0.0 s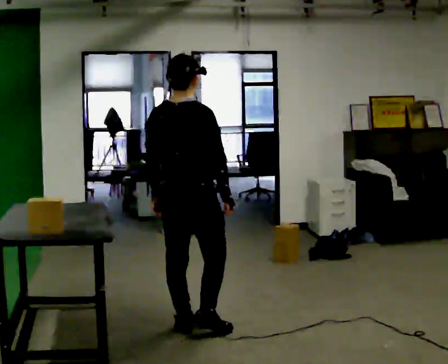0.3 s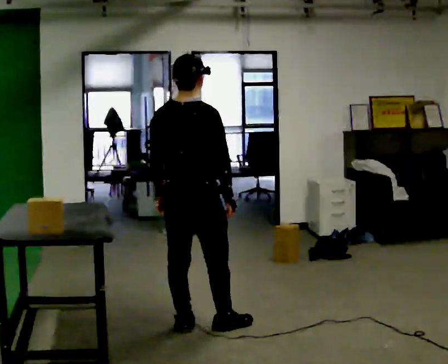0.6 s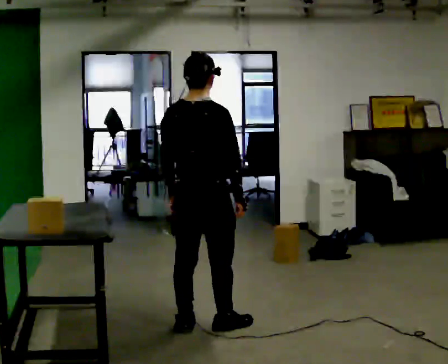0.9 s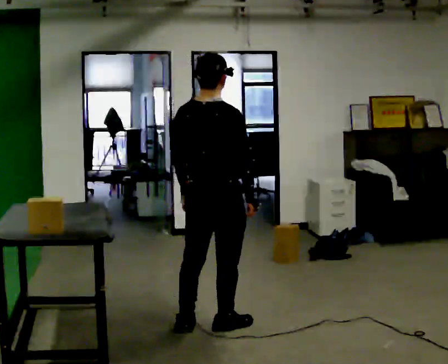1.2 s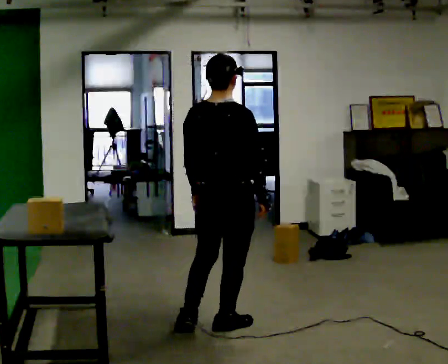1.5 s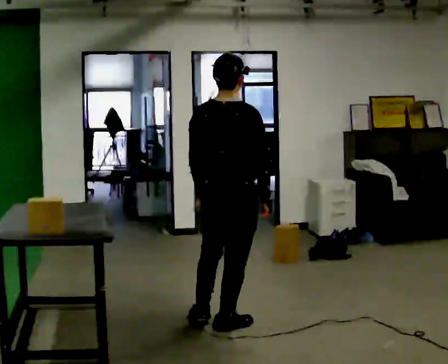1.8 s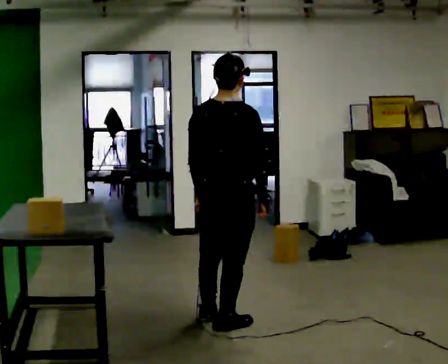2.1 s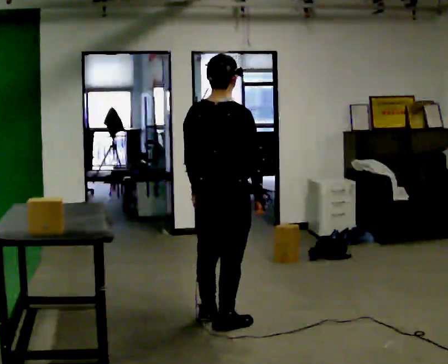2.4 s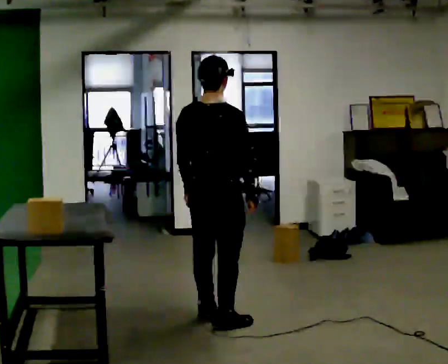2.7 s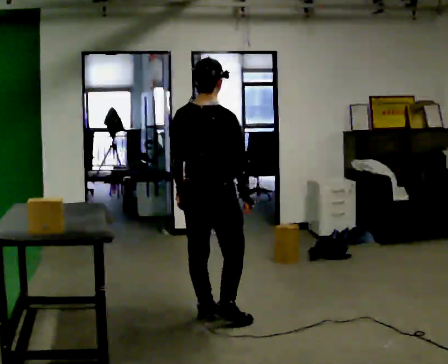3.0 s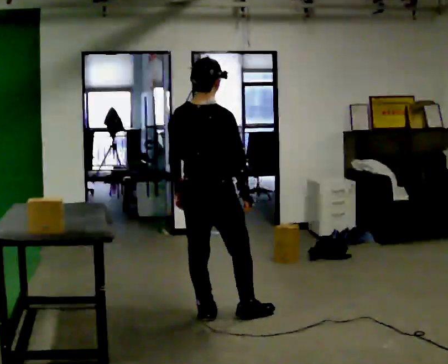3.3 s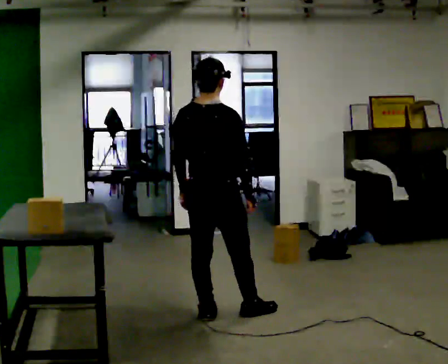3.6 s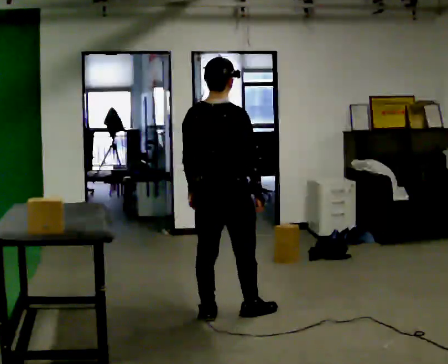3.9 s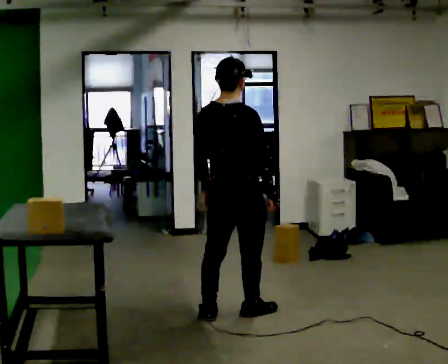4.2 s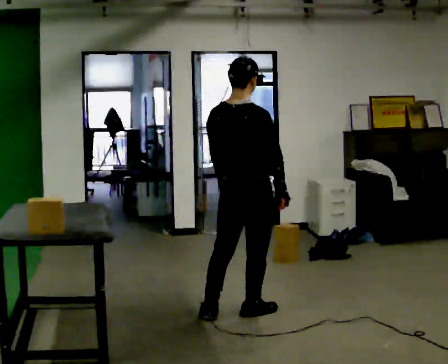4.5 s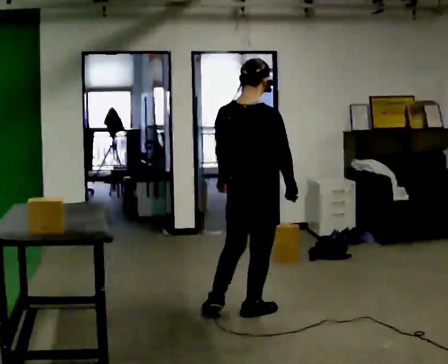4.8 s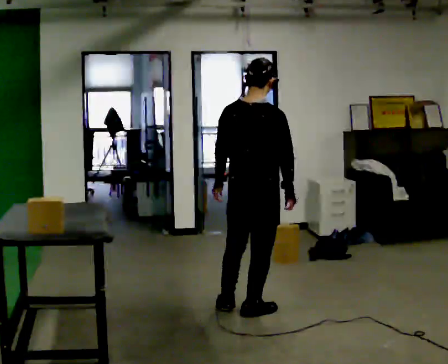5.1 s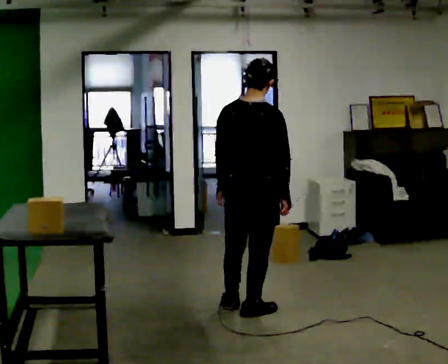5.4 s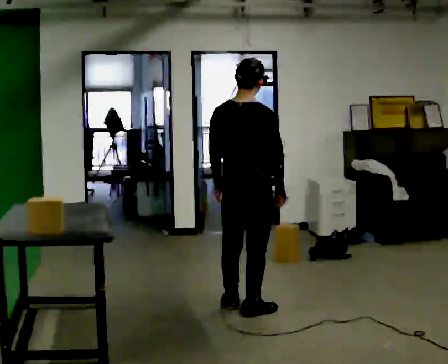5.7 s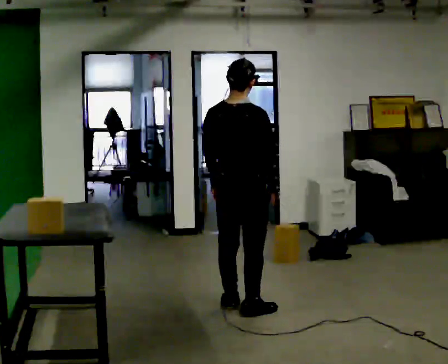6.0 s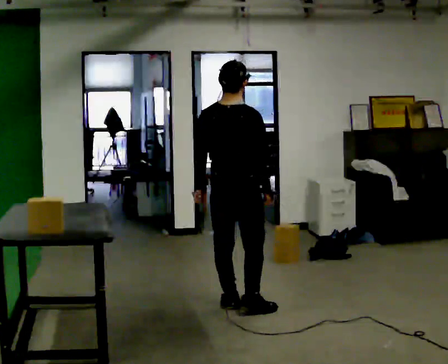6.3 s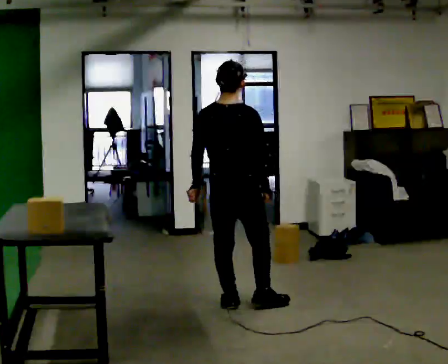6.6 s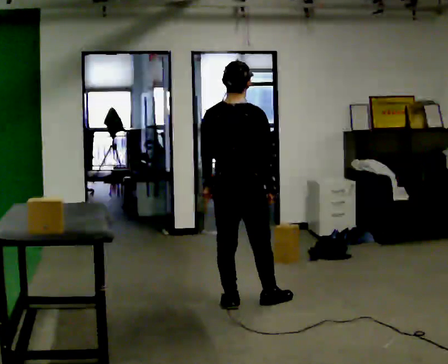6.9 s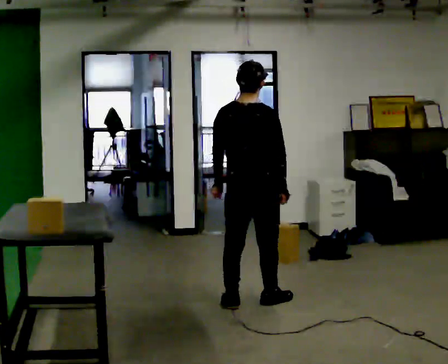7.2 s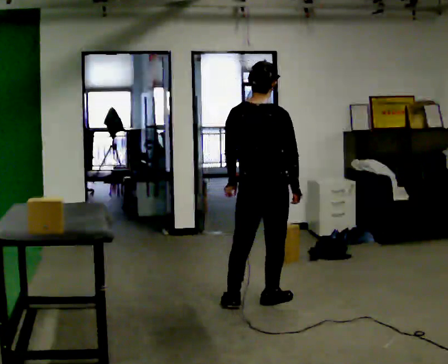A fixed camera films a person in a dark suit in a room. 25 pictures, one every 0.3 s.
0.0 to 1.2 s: In the picture they go to the right, about 0.25 m in 1 step, which for them is to their right.
1.2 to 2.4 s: In the picture they go away from the camera, about 0.25 m in 1 step, which for them is forward and to their left.
2.4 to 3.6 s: The person moves a little, or ends about where they began.
3.6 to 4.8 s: In the picture they go to the right, about 0.25 m, which for them is to their right.
4.8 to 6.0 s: In the picture they go away from the camera, about 0.25 m in 1 step, which for them is to their left and forward.
6.0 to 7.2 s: In the picture they go to the right, about 0.25 m in 1 step, which for them is to their right.
The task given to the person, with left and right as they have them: Pick an object up off the floor at one end of the room, carry it across, and place it on the waist-height shelf at the other end. Keep going until the operator says stop; one object at a time, and do not rush between trips.
The film runs forward here.
